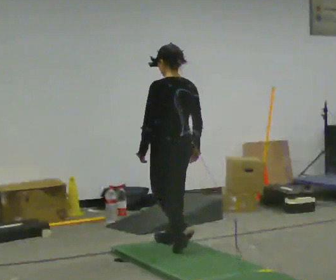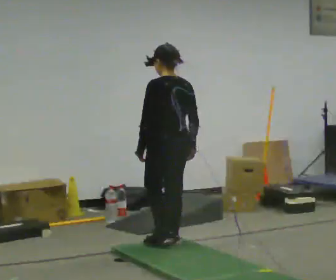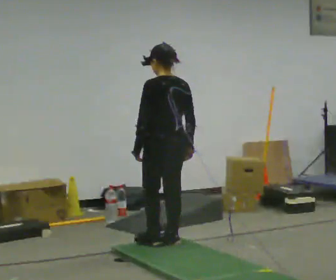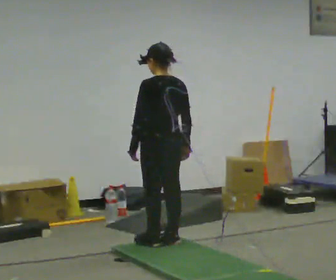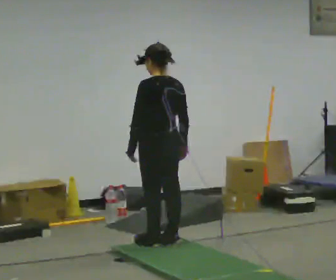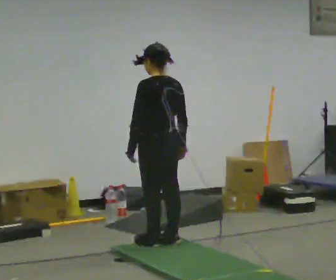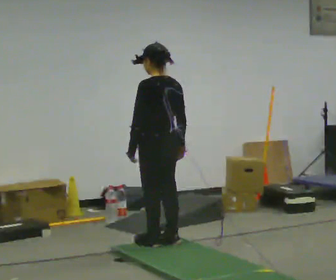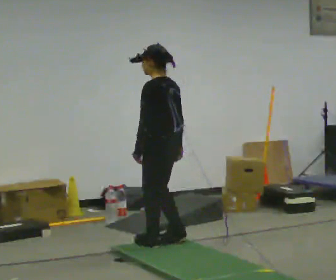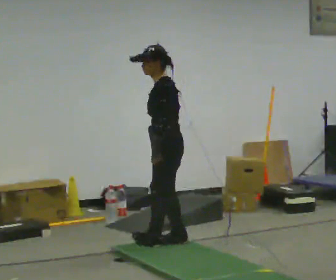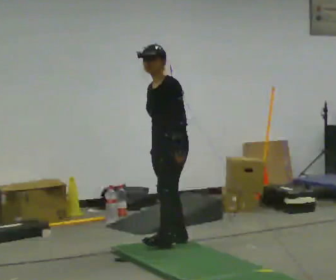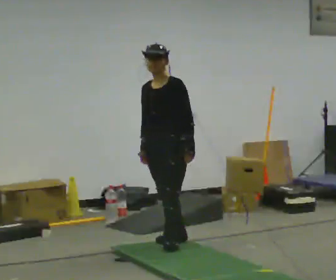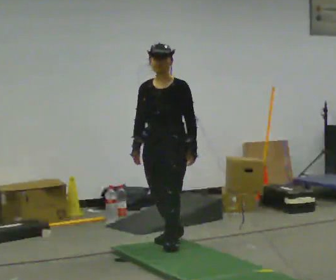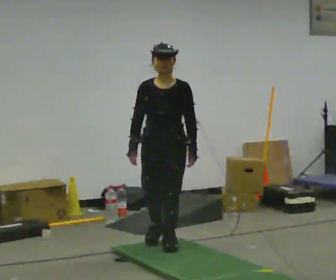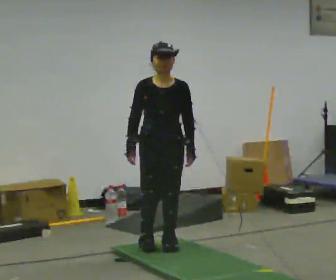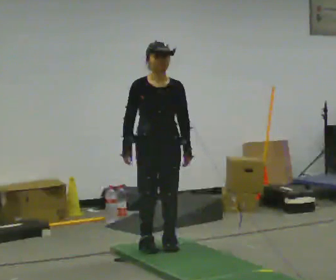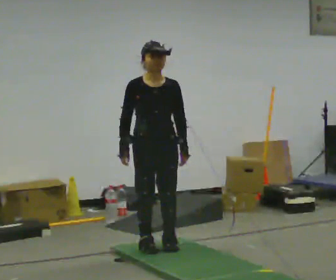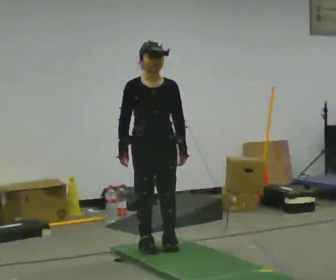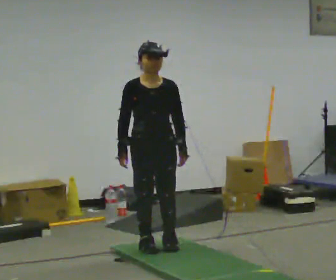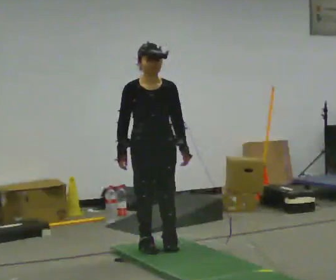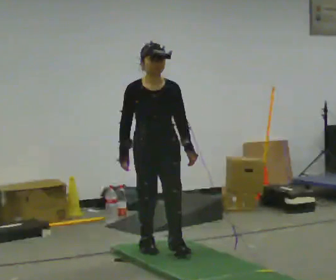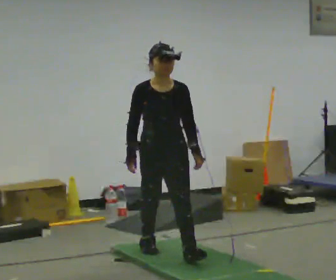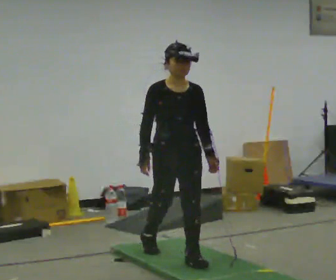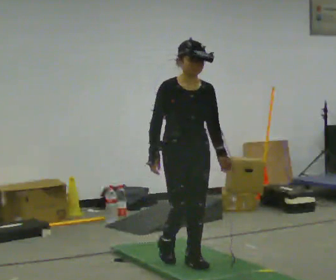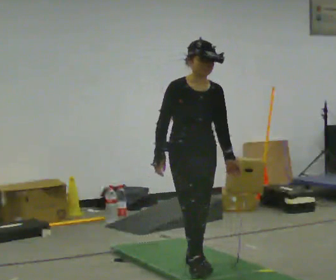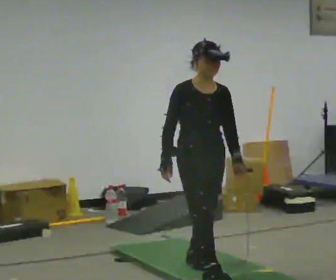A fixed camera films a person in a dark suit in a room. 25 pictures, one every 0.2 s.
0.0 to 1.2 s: The person moves a little, or ends about where they began.
1.2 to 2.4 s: The person turns about 135 degrees to their left, counterclockwise seen from above, so the part of the body nearest the lens slides to the right. In the picture their right hand goes to the left.
2.4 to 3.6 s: The person moves a little, or ends about where they began.
3.6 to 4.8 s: In the picture they go toward the camera and to the right, about 0.5 m in 2 steps, which for them is forward.
The film runs forward here.
